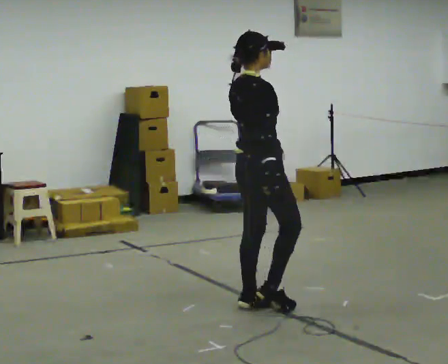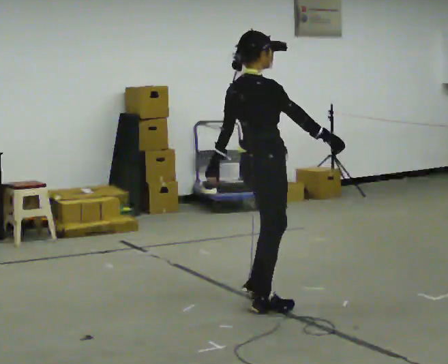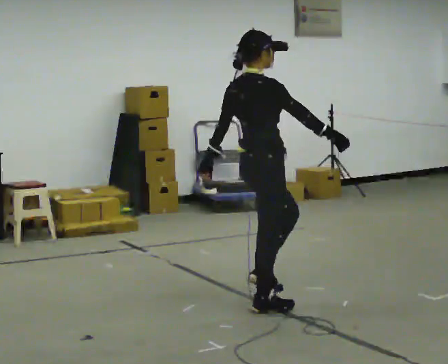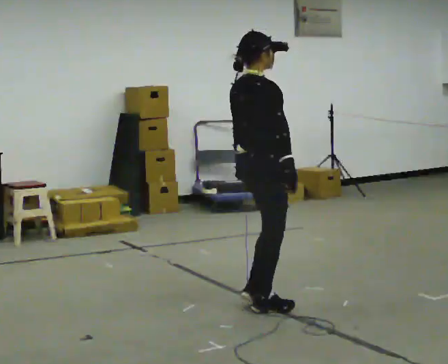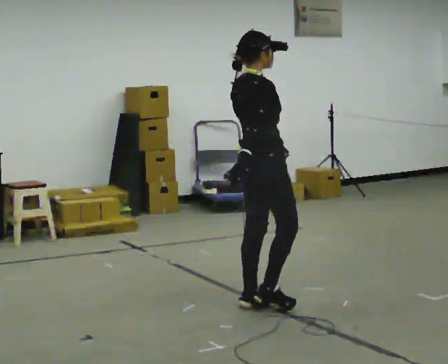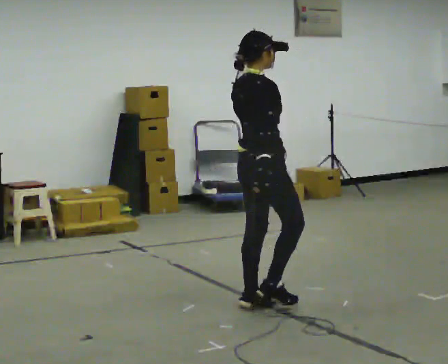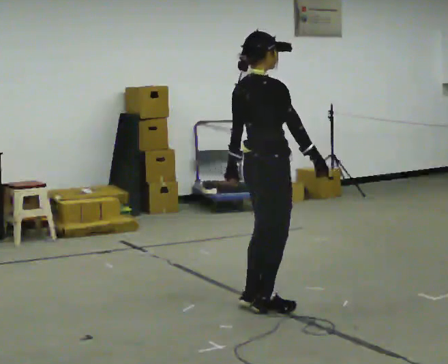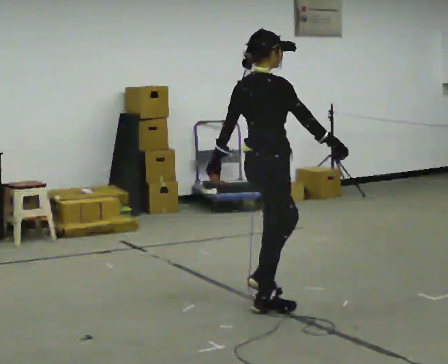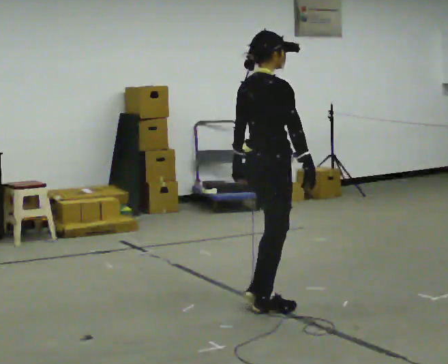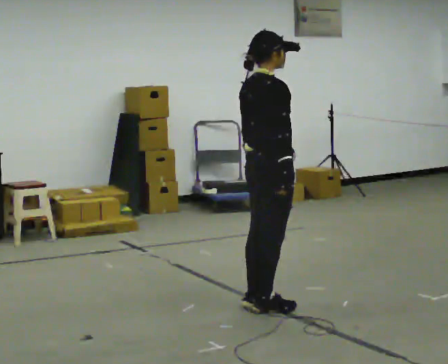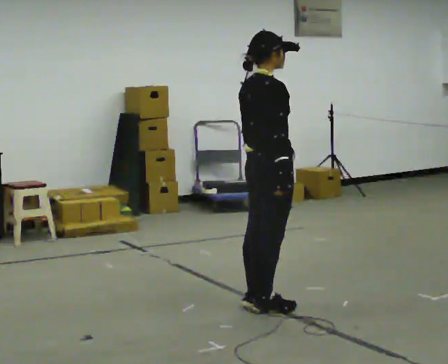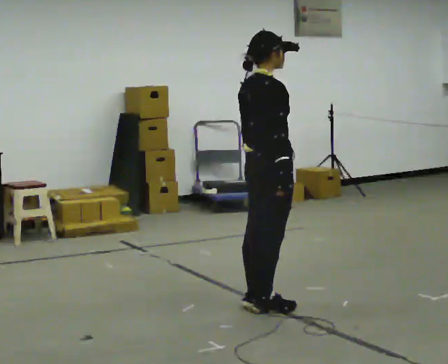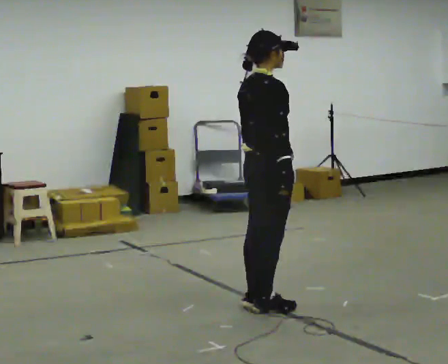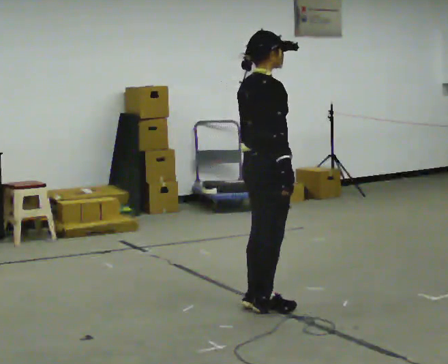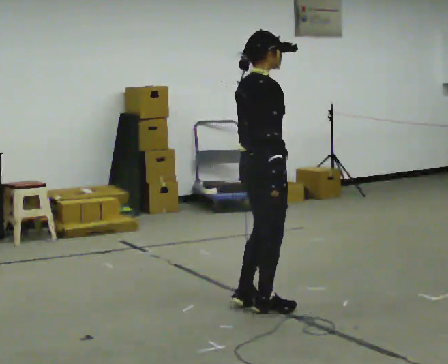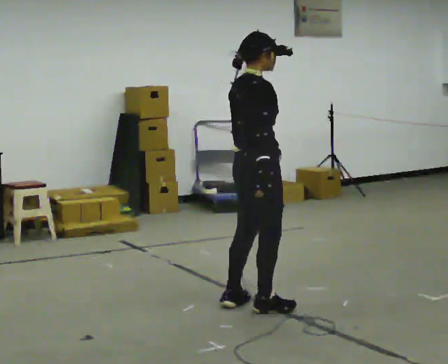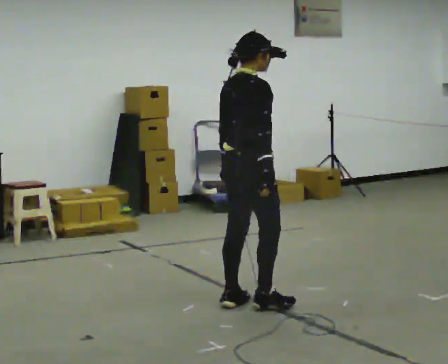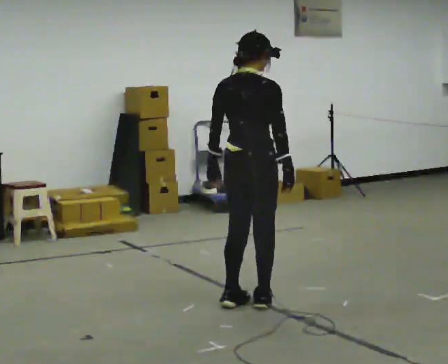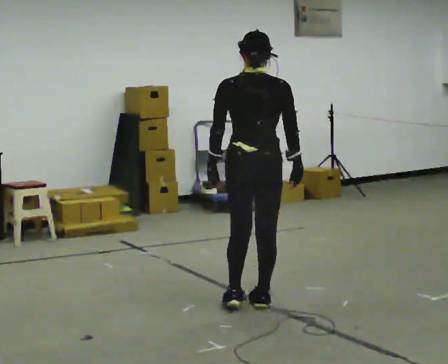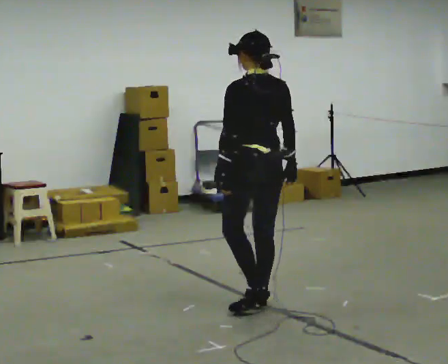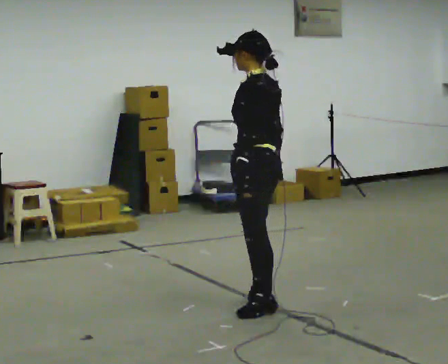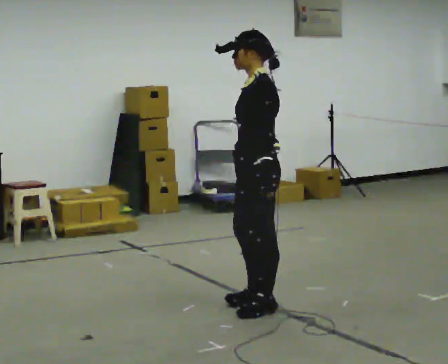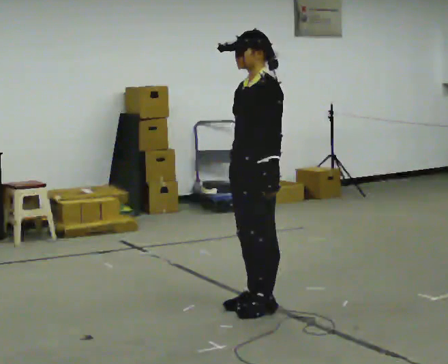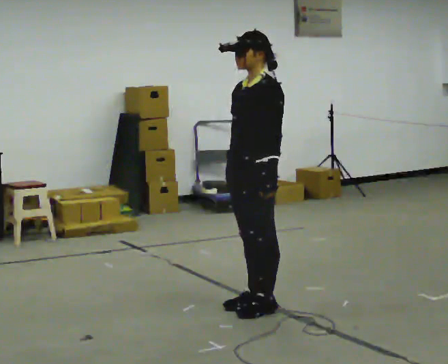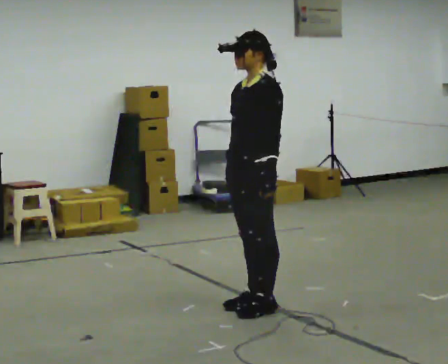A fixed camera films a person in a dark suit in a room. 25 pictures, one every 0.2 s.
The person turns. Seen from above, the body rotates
counterclockwise.
The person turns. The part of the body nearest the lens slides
to the right.
0.0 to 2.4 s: The person moves a little, or ends about where they began.
2.4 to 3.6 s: The person turns about 60 degrees to their left, counterclockwise seen from above, so the part of the body nearest the lens slides to the right.
3.6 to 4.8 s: The part of the body nearest the lens slides to the right as the person turns to their left by about 120 degrees. In the picture their right hand goes to the left.
The film runs backward here.
